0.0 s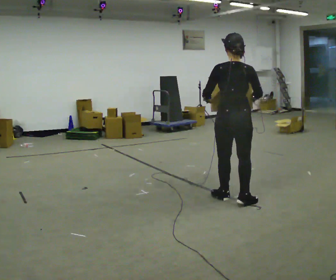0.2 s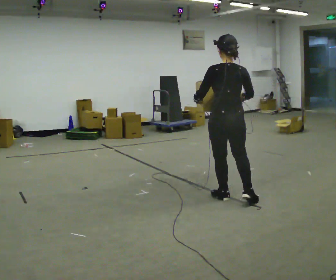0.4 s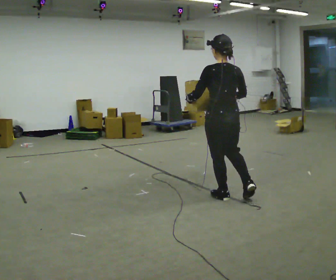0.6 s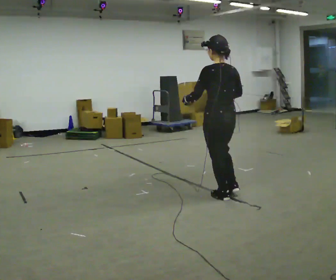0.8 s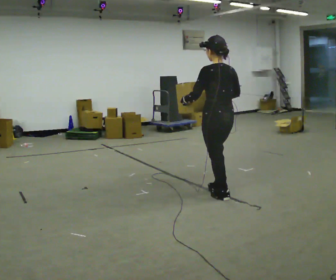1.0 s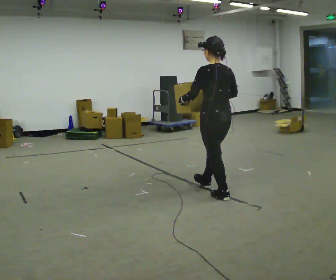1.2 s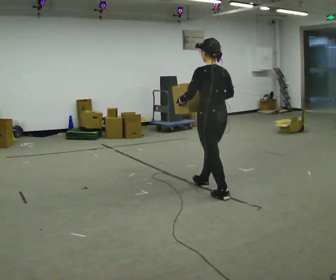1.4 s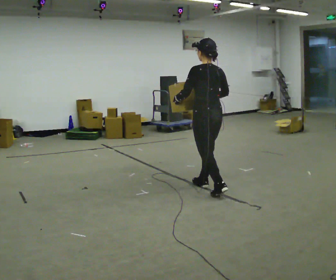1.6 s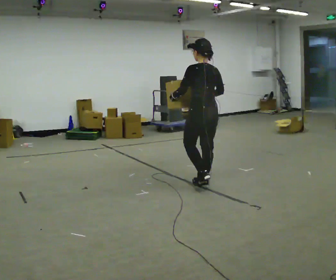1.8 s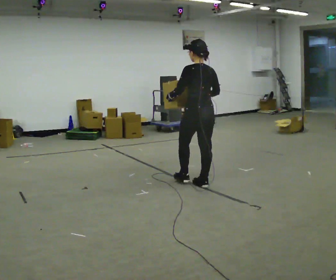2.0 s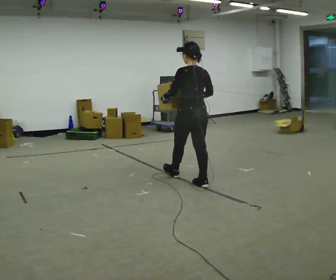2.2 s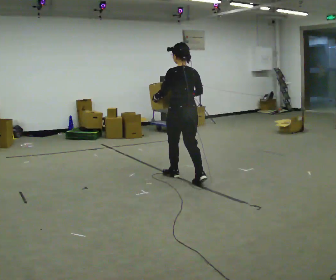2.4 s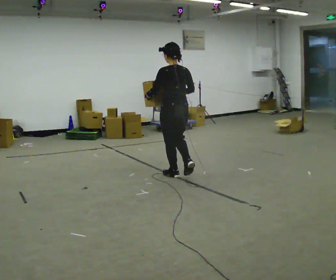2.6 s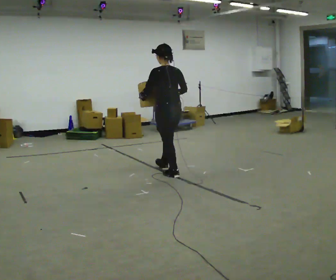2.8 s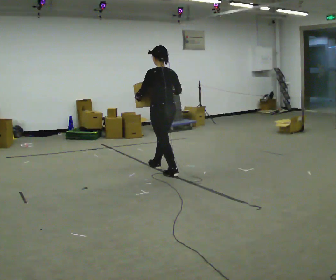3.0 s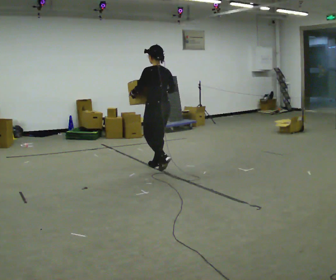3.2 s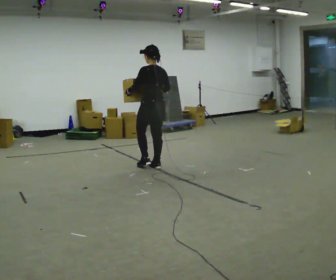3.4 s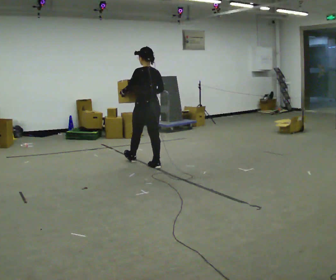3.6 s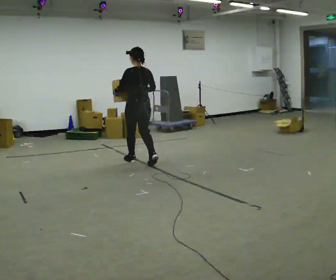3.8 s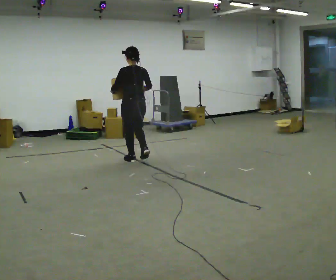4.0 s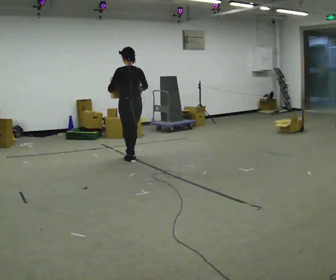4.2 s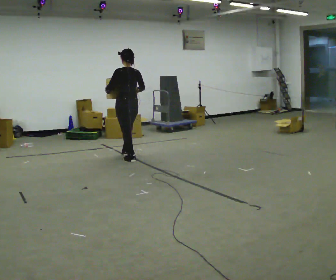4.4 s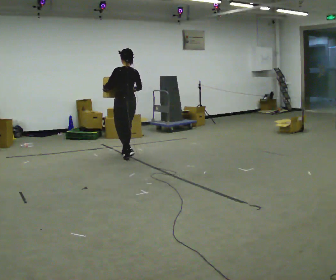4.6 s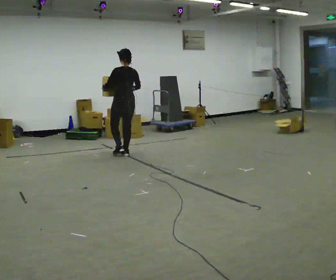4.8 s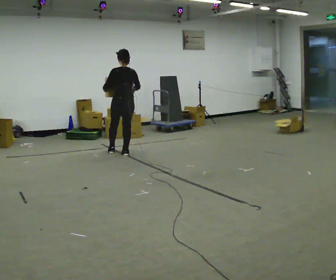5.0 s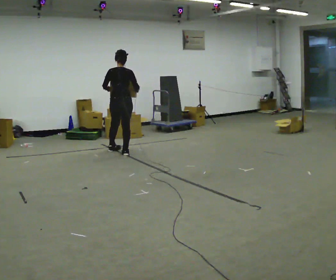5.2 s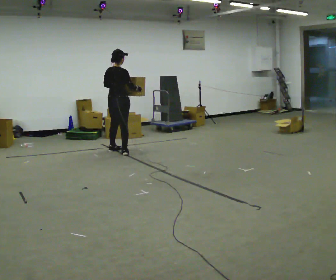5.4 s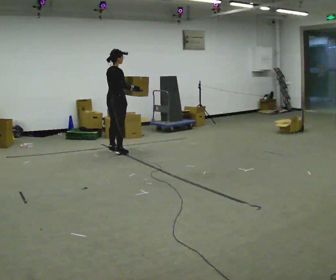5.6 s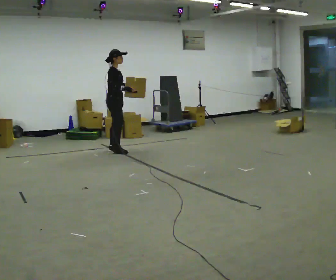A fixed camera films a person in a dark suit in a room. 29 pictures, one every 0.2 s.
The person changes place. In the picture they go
away from the camera.
0.0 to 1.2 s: Seen from above the body turns counterclockwise, about 30 degrees: to their left, with its near side sliding to the right. In the picture they go away from the camera and to the left, about 0.25 m in 1 step, which for them is forward.
1.2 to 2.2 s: In the picture they go away from the camera and to the left, about 0.5 m in 1 step, which for them is forward.
2.2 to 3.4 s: In the picture they go away from the camera and to the left, about 1 m in 1 step, which for them is forward.
3.4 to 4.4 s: In the picture they go away from the camera and to the left, about 0.75 m in 2 steps, which for them is forward.
4.4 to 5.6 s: The person turns about 135 degrees to their right, clockwise seen from above, so the part of the body nearest the lens slides to the left. In the picture they go away from the camera and to the left, about 0.5 m in 2 steps.
The film runs forward here.
